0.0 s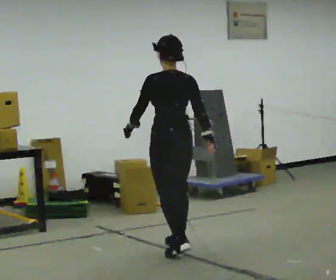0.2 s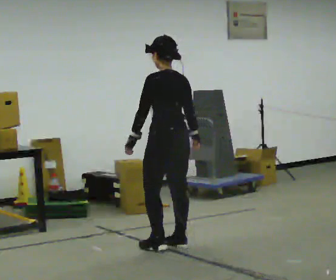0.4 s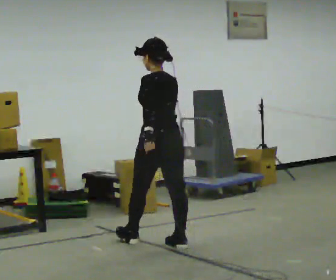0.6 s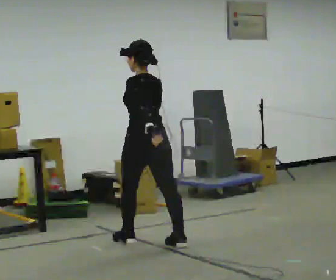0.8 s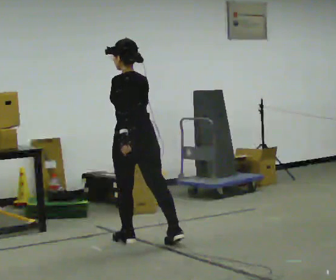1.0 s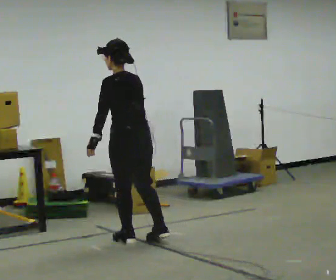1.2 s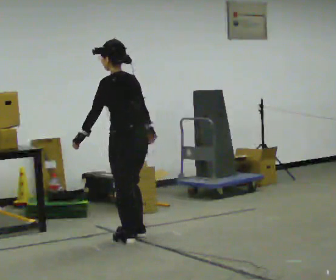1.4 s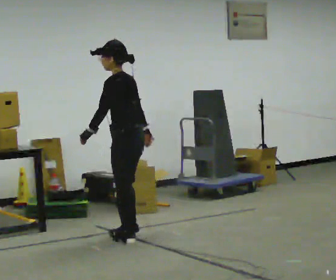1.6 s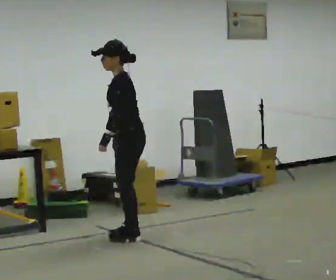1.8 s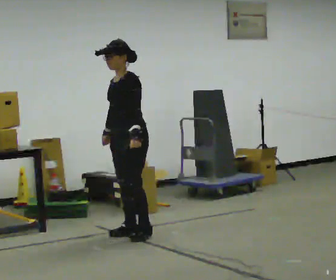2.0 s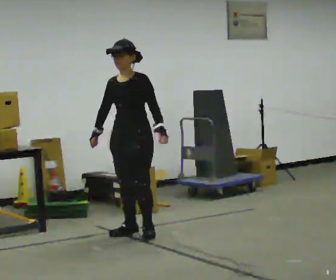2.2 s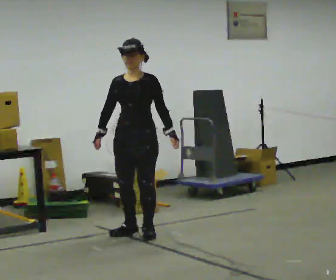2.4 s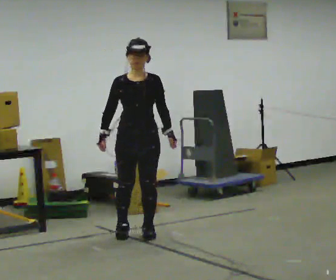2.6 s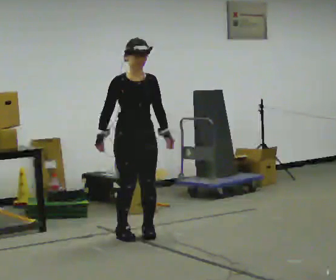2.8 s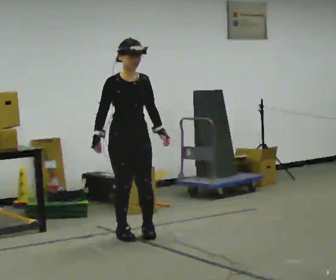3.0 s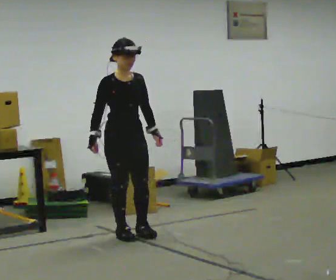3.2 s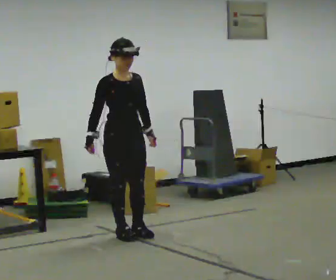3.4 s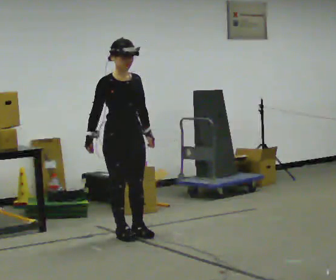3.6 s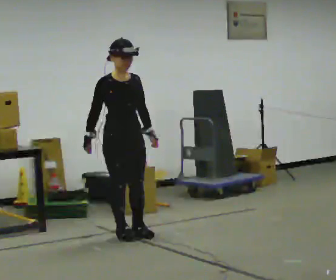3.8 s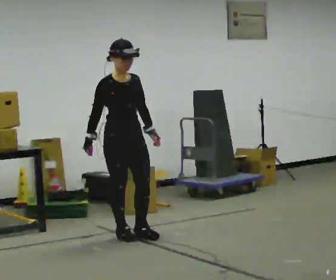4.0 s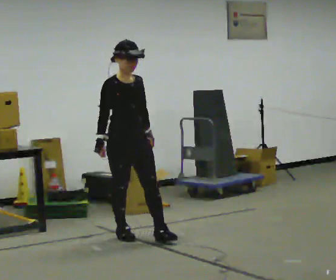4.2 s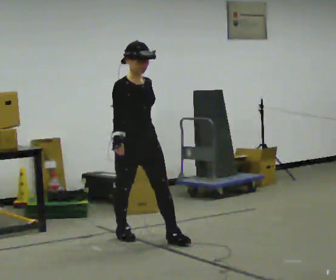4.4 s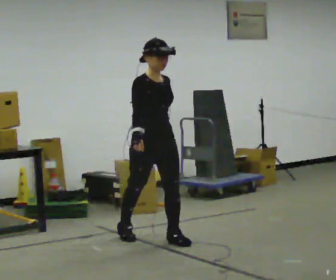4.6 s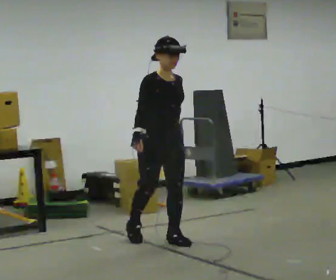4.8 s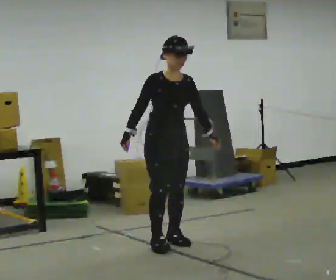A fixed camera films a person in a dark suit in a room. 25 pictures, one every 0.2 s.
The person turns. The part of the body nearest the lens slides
to the right.
The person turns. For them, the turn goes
to their left.
0.0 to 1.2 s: In the picture they go away from the camera and to the left, about 0.5 m in 1 step, which for them is forward.
1.2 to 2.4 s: The person turns about 135 degrees to their left, counterclockwise seen from above, so the part of the body nearest the lens slides to the right. In the picture their right hand goes to the left, the arm swinging clockwise.
2.4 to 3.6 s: The person turns about 30 degrees to their left, counterclockwise seen from above, so the part of the body nearest the lens slides to the right.
3.6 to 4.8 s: In the picture they go to the right and toward the camera, about 0.5 m in 1 step, which for them is forward and to their left.
The film runs forward here.
